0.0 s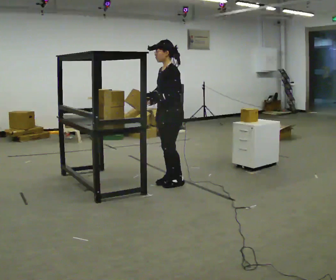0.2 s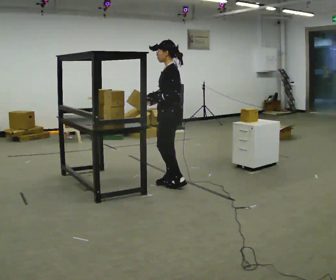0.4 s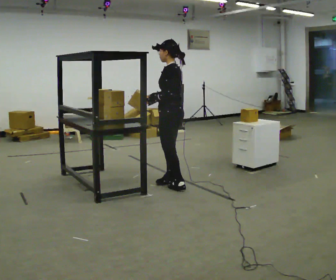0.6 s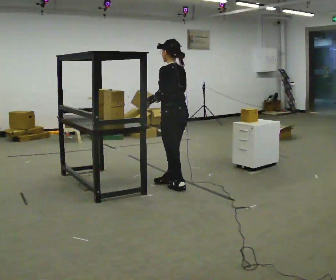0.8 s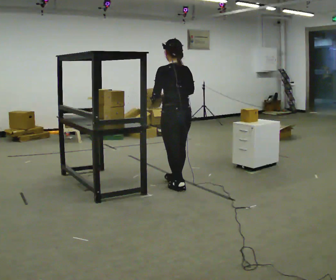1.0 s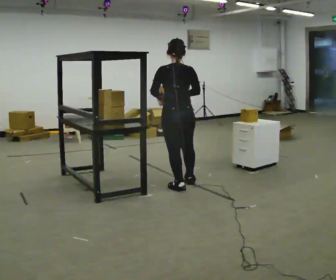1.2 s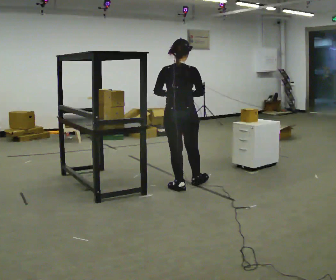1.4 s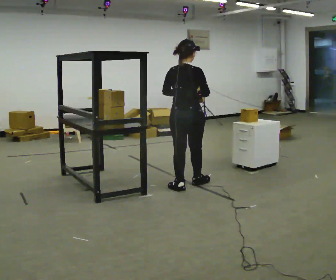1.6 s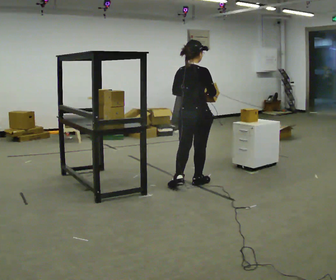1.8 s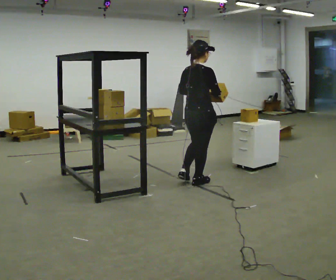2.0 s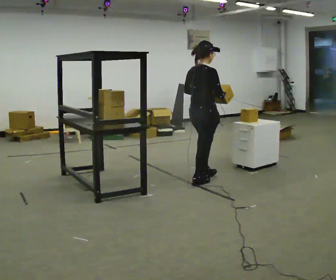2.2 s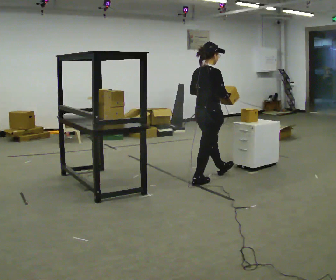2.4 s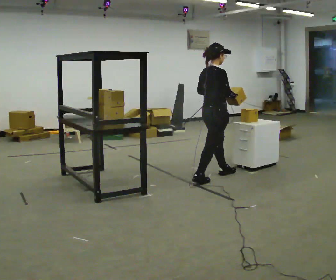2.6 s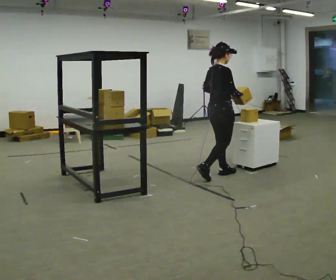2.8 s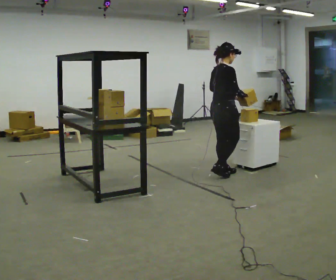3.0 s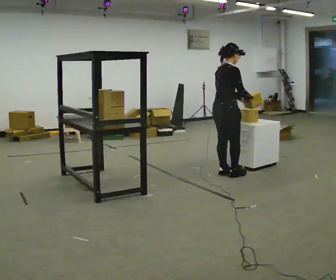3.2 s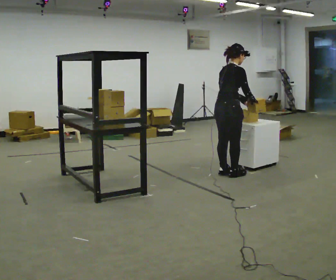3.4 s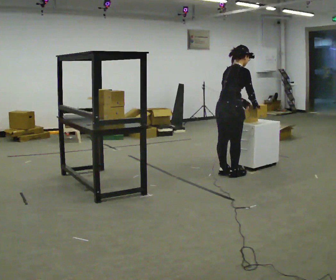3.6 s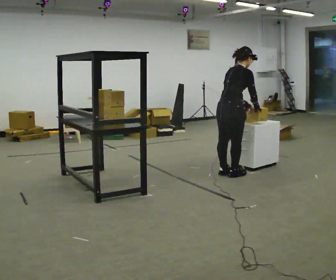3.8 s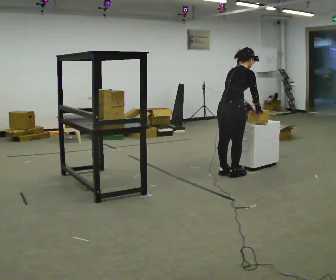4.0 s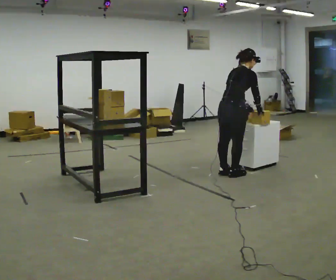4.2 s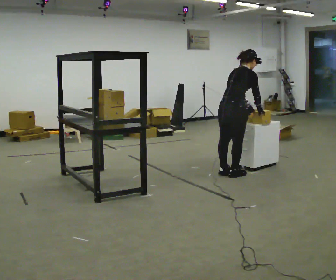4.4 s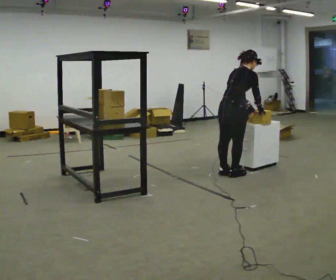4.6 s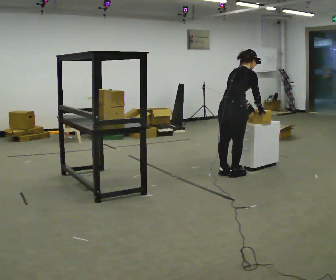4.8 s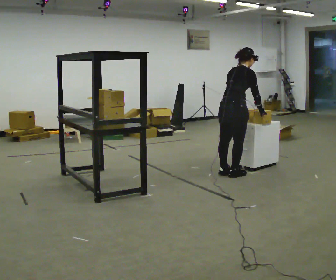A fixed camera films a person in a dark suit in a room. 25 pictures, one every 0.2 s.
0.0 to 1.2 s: The person turns about 120 degrees to their right, clockwise seen from above, so the part of the body nearest the lens slides to the left. In the picture they go toward the camera, about 0.25 m in 2 steps.
1.2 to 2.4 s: The person turns about 60 degrees to their right, clockwise seen from above, so the part of the body nearest the lens slides to the left. In the picture they go away from the camera and to the right, about 0.5 m in 1 step, which for them is forward.
2.4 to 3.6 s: In the picture they go to the right, about 0.25 m in 1 step, which for them is forward. In the picture the upper body tilts clockwise, shoulders to the right, as they bend forward. In the picture their right hand goes to the right.
3.6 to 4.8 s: The person moves a little, or ends about where they began.
The film runs forward here.
